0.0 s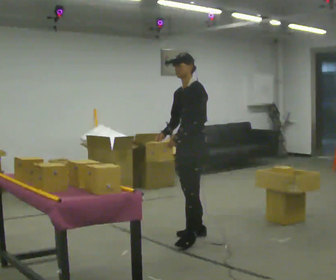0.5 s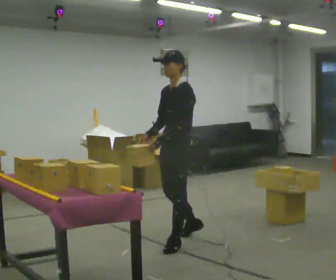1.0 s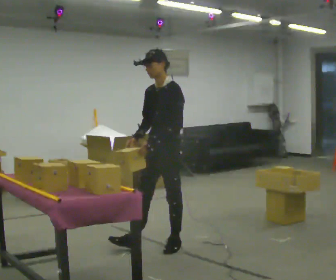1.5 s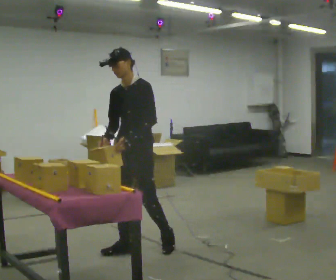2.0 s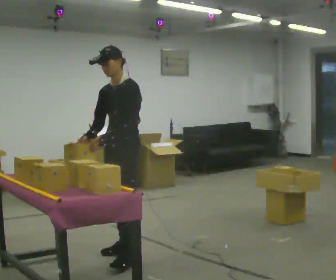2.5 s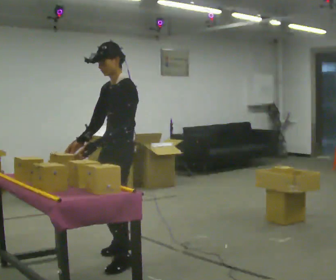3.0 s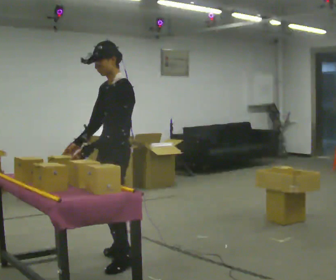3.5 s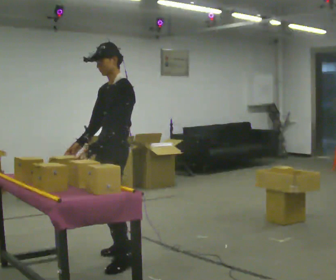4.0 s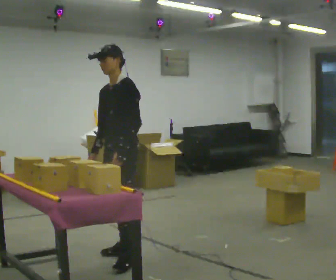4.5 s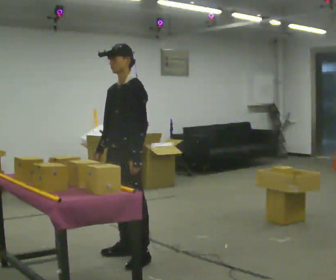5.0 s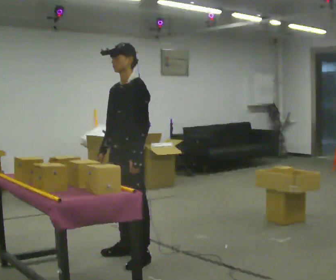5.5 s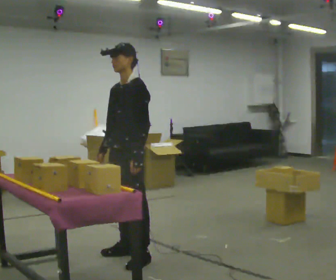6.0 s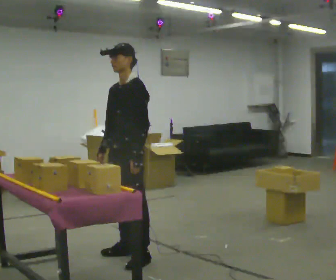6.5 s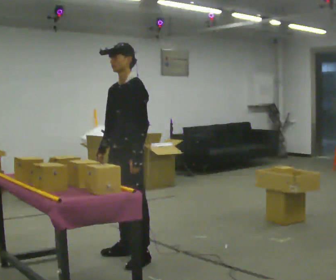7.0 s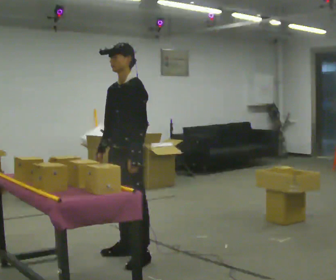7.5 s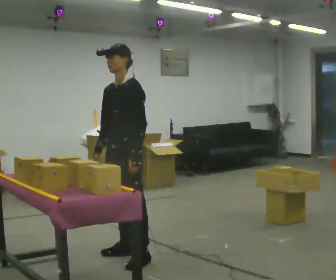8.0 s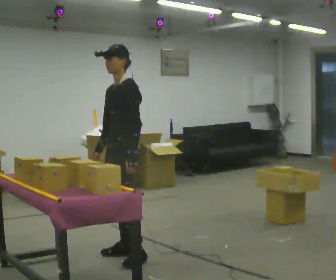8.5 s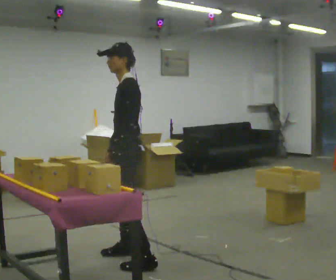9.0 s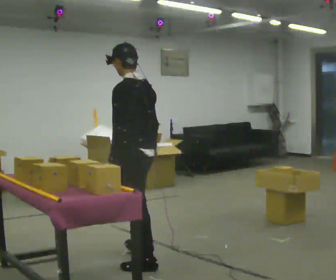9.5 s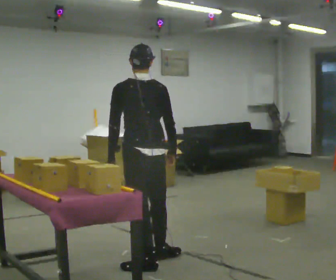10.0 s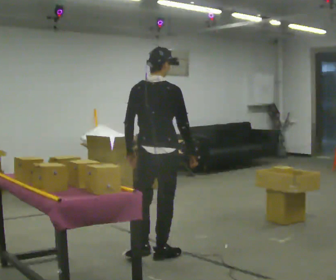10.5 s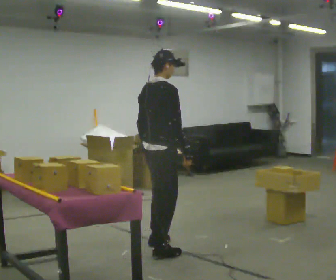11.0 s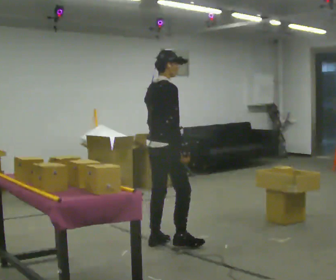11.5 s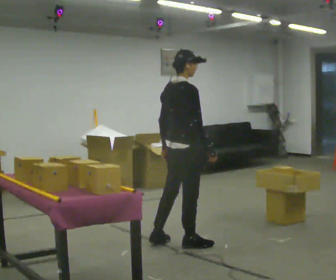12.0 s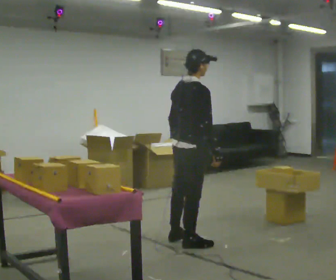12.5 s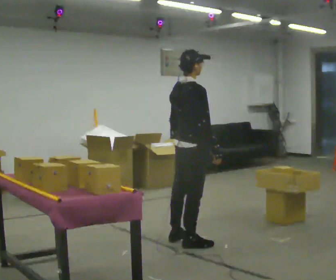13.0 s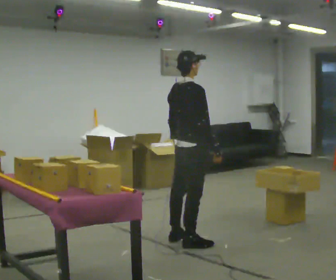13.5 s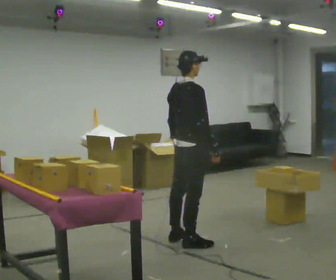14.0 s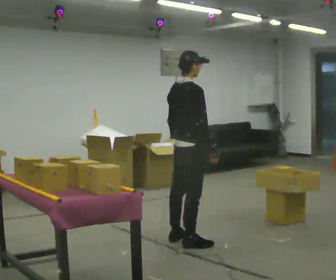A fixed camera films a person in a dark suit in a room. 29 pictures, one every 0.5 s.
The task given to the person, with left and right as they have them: Carry the object over and fit it into the gap between the two boxes already on the shelf, without touching either of them. Keep going until the operator says stop; one object at a time, and do not rush between trips.
0.0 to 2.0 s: In the picture they go to the left and toward the camera, about 1 m in 3 steps, which for them is forward.
2.0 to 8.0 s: The person moves a little, or ends about where they began.
8.0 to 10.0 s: Seen from above the body turns clockwise, about 135 degrees: to their right, with its near side sliding to the left. In the picture they go to the right, about 0.25 m in 2 steps. In the picture their right hand goes to the right, the arm swinging counterclockwise.
10.0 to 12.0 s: The person turns about 30 degrees to their right, clockwise seen from above, so the part of the body nearest the lens slides to the left. In the picture they go to the right and away from the camera, about 0.5 m in 3 steps, which for them is forward.
12.0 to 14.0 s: The person moves a little, or ends about where they began.
The film runs forward here.
